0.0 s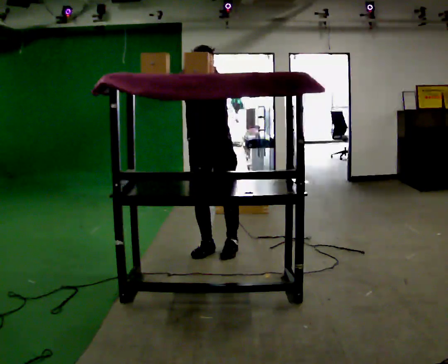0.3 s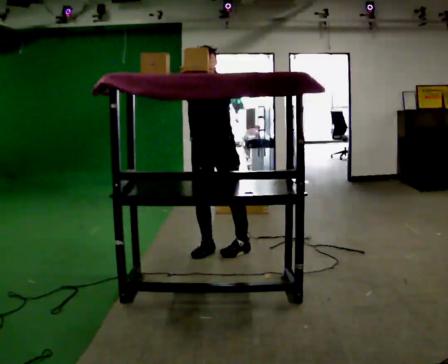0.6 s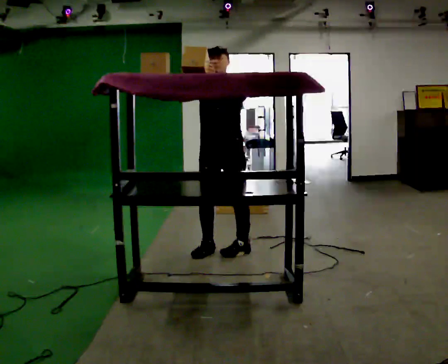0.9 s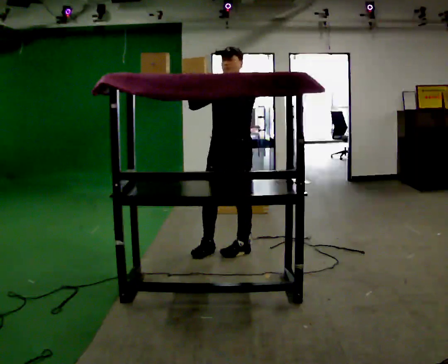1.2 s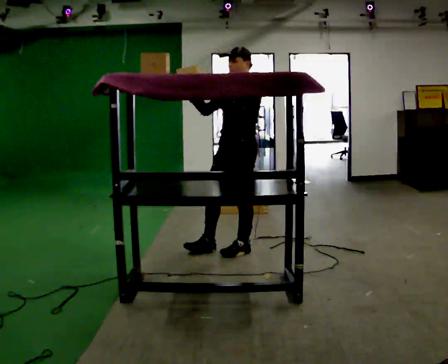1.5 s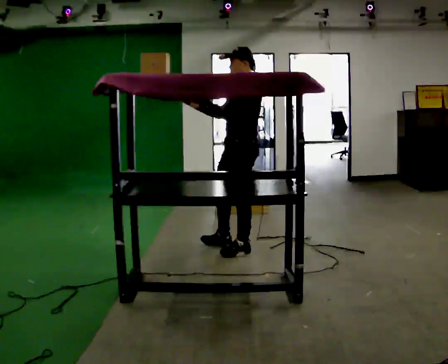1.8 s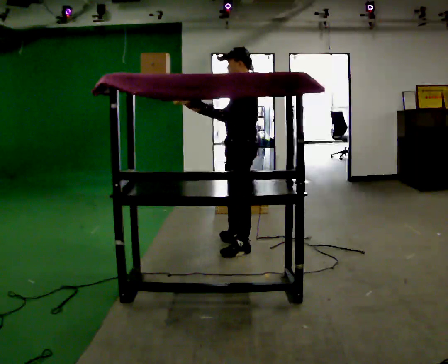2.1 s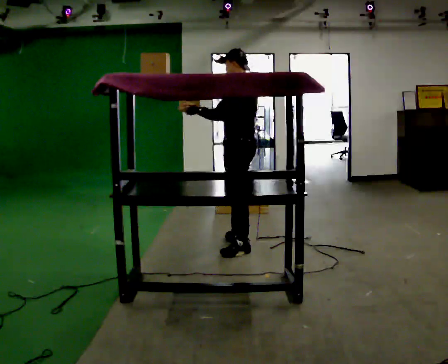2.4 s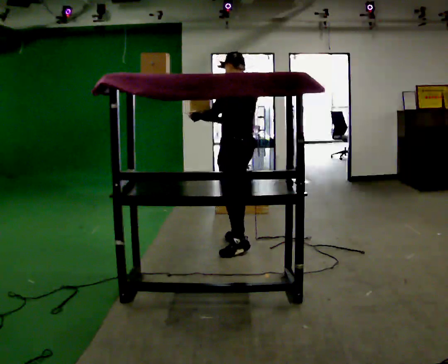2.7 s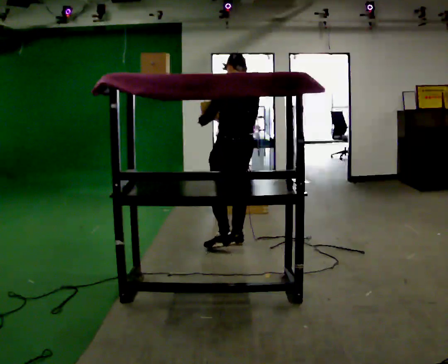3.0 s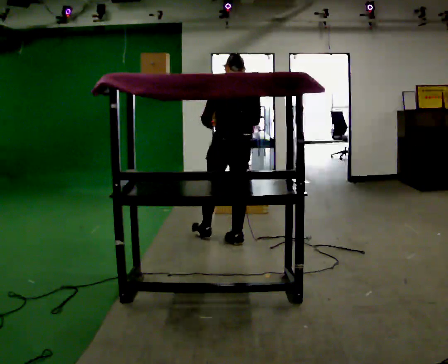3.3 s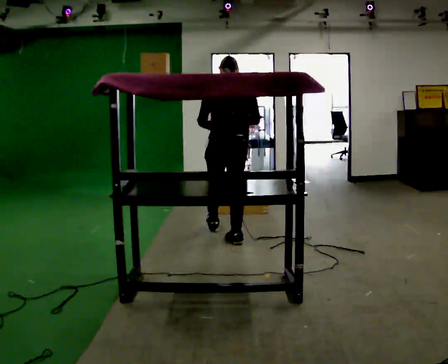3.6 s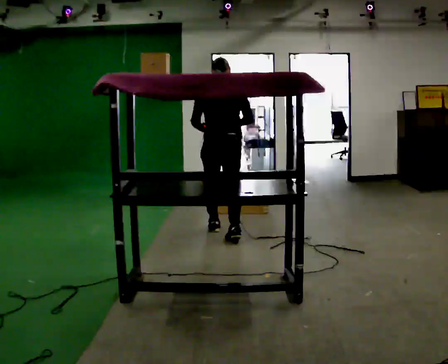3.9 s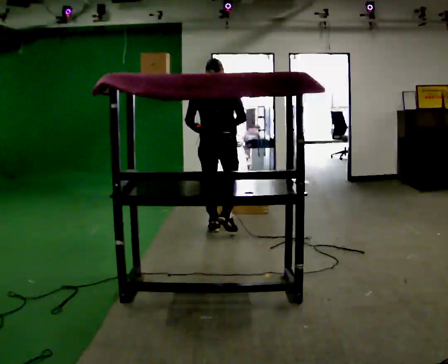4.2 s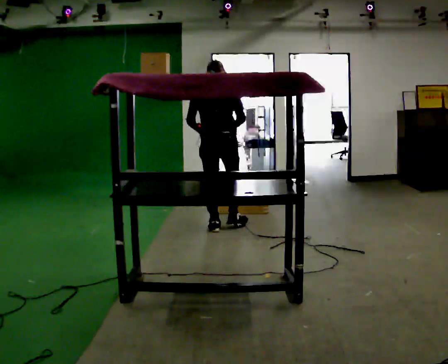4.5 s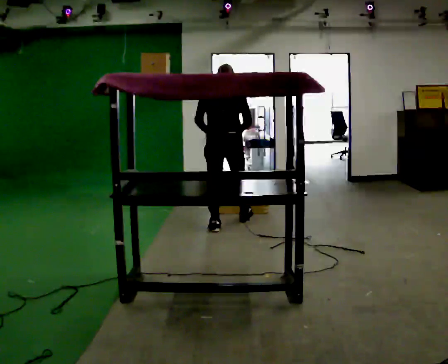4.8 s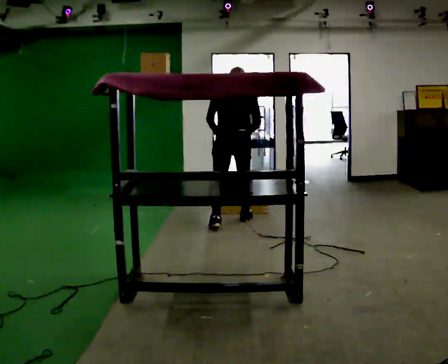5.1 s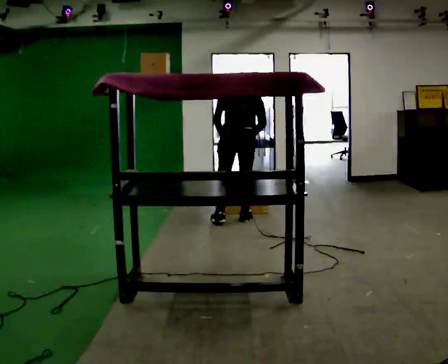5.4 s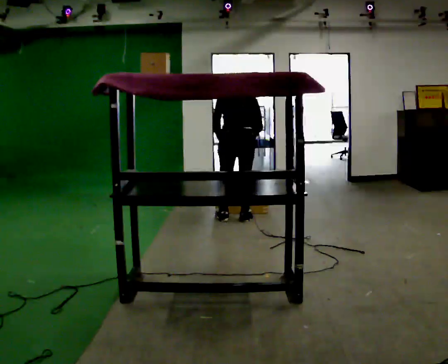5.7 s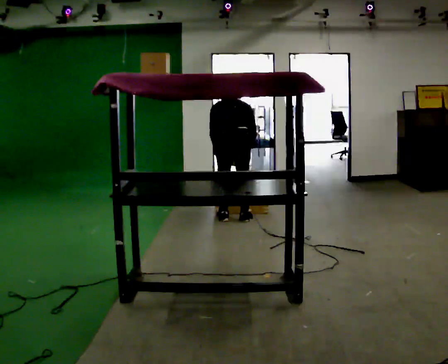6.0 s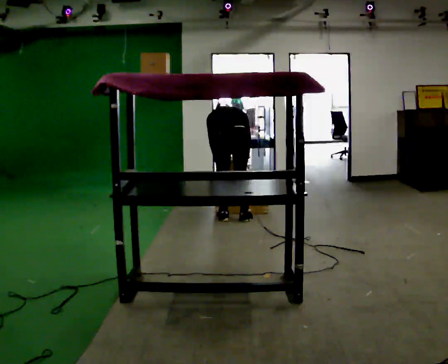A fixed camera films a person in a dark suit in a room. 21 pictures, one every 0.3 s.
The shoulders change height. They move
downward.
The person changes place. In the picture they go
away from the camera.
0.0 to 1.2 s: The person turns about 60 degrees to their right, clockwise seen from above, so the part of the body nearest the lens slides to the left. In the picture they go to the right, about 0.25 m, which for them is to their left.
1.2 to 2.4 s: Seen from above the body turns clockwise, about 60 degrees: to their right, with its near side sliding to the left. In the picture they go away from the camera, about 0.25 m in 1 step.
2.4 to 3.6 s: Seen from above the body turns clockwise, about 60 degrees: to their right, with its near side sliding to the left. In the picture they go away from the camera, about 0.5 m in 1 step.
3.6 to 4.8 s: In the picture they go away from the camera, about 0.5 m in 1 step, which for them is forward.
4.8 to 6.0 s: The shoulders move downward. The upper body tips away from the camera, its near side rolling upward, as they bend forward. In the picture their left hand goes downward.
The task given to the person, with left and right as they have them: Take an object from the highest shelf you can comfortably reach, carry it across, and place it on the lowest shelf. Keep going until the operator says stop; one object at a time, and do not rush between trips.
The film runs forward here.
